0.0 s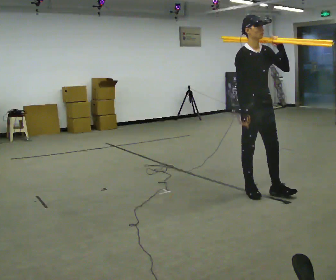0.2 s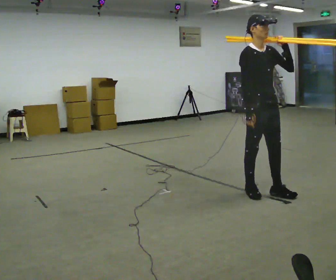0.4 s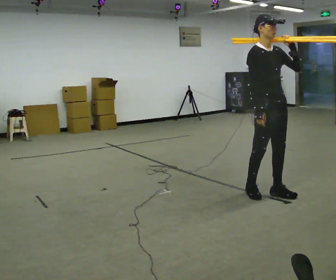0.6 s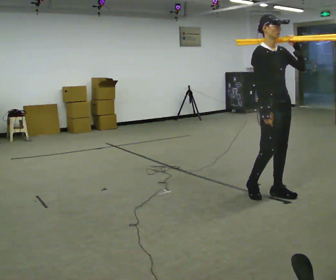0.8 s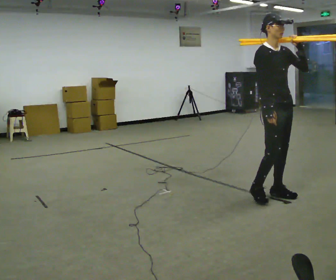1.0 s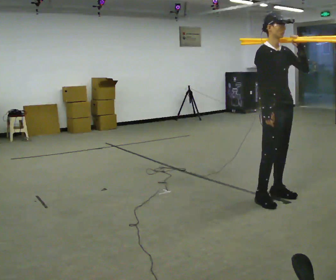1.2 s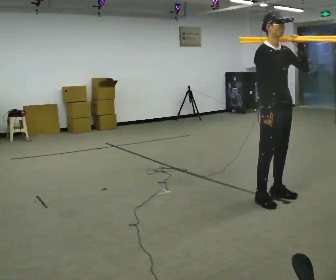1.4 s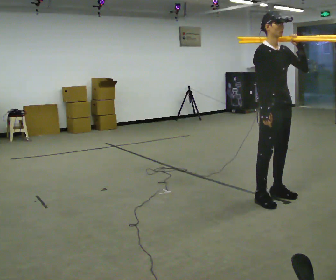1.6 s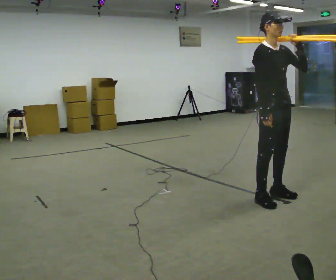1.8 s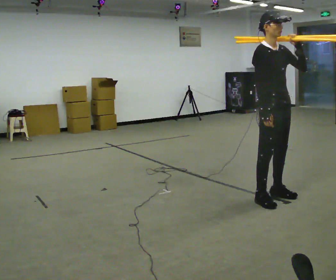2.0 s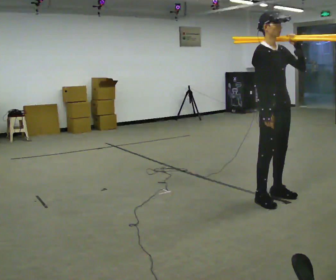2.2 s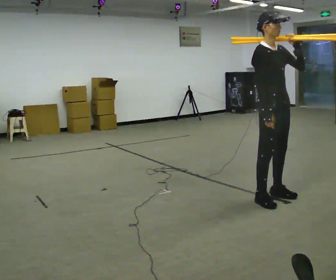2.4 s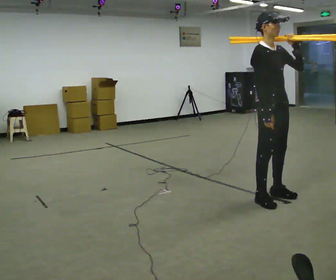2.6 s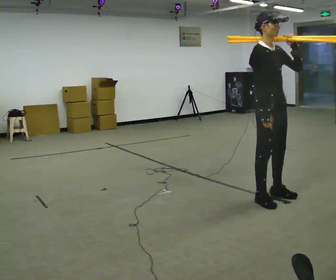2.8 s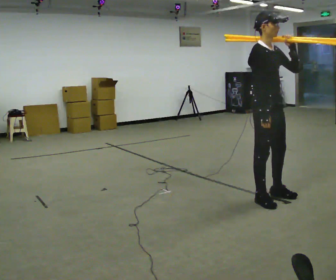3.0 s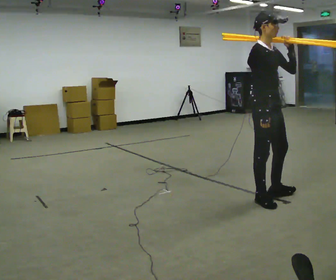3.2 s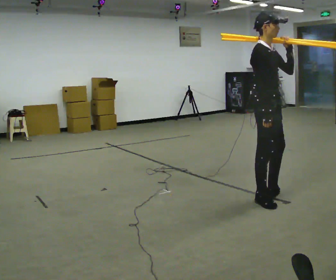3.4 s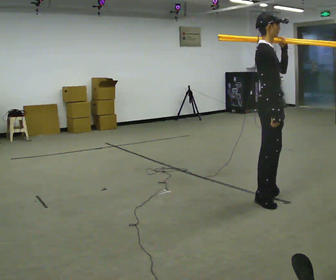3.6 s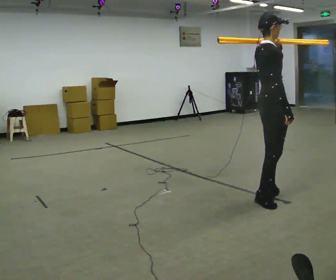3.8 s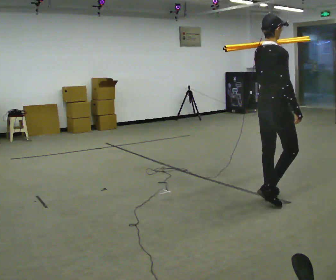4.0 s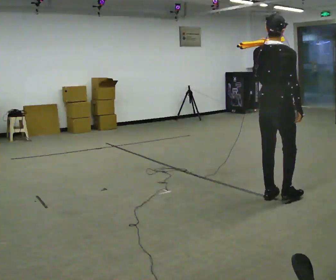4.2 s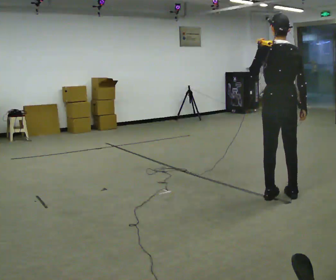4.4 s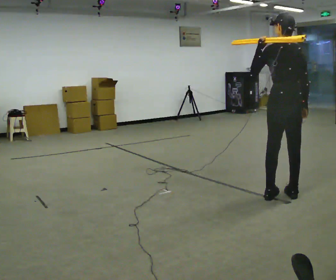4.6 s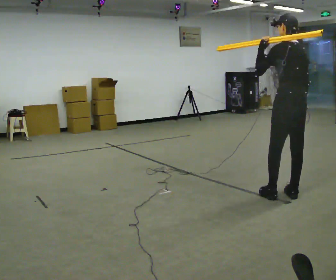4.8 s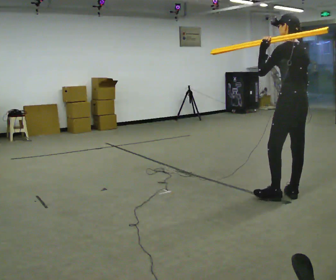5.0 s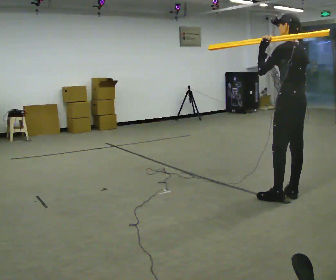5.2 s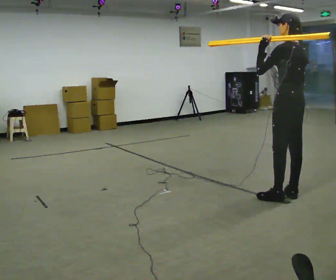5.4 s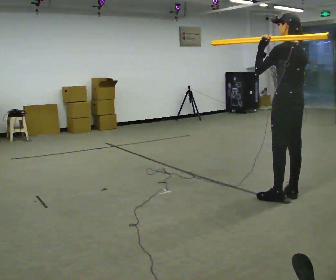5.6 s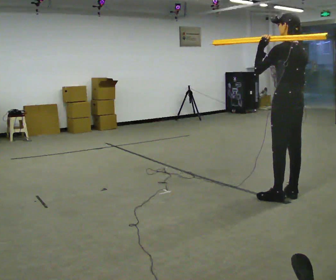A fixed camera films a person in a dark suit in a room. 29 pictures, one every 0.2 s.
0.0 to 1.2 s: In the picture they go to the right, about 0.25 m in 1 step, which for them is forward.
1.2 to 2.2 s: The person moves a little, or ends about where they began.
2.2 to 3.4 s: The part of the body nearest the lens slides to the right as the person turns to their left by about 45 degrees.
3.4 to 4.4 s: Seen from above the body turns counterclockwise, about 105 degrees: to their left, with its near side sliding to the right. In the picture they go to the right, about 0.25 m in 1 step.
4.4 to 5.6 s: The person moves a little, or ends about where they began.
The film runs forward here.
